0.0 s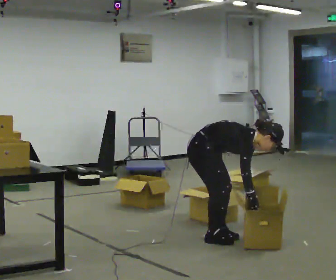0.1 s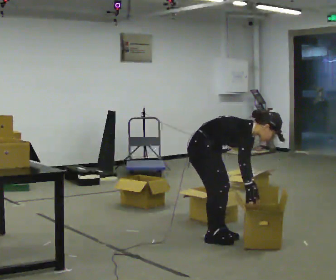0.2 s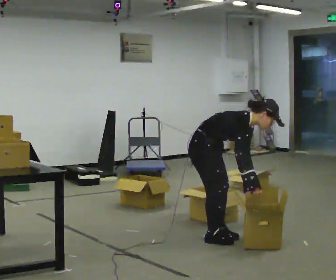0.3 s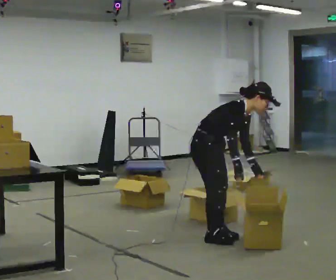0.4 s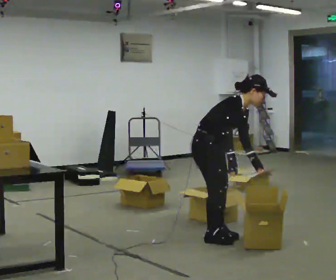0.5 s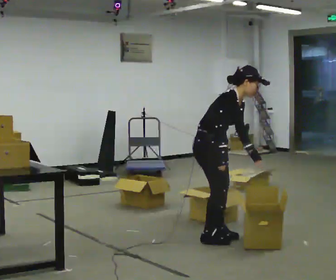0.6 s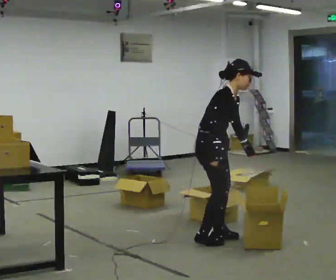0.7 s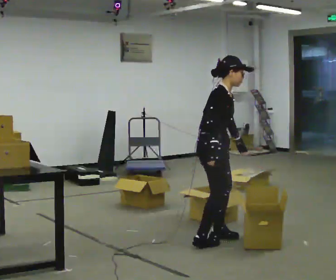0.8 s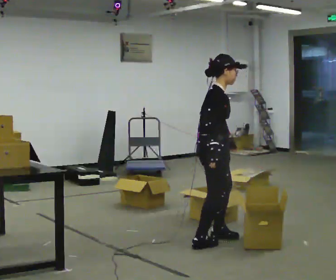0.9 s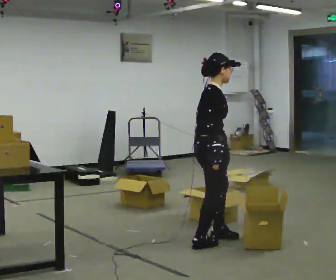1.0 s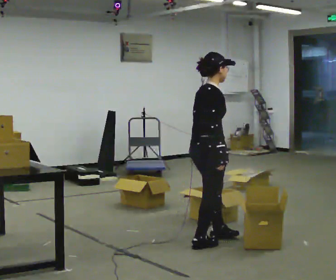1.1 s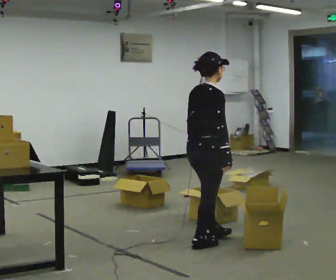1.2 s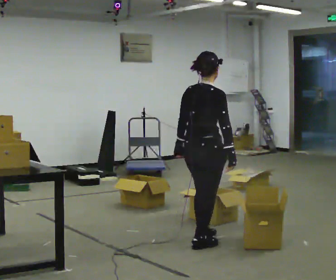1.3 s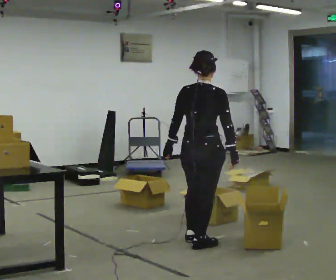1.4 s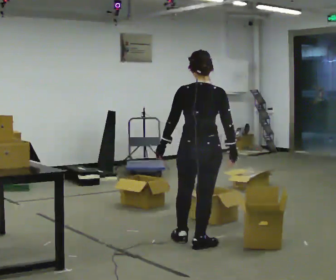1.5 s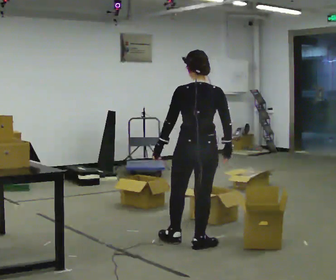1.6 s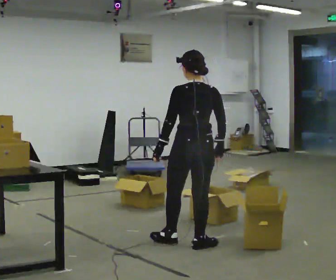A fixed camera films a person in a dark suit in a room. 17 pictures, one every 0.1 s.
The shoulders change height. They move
upward.
The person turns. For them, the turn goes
to their left.
0.0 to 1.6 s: Seen from above the body turns counterclockwise, about 120 degrees: to their left, with its near side sliding to the right. In the picture they go toward the camera, about 0.25 m in 2 steps. The shoulders move upward. In the picture the upper body tilts counterclockwise, shoulders to the left, as they lean back or straighten. In the picture their left hand goes to the left and upward.
The film runs forward here.
